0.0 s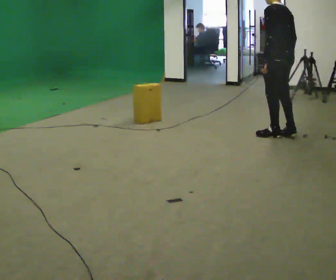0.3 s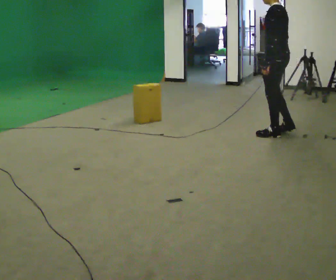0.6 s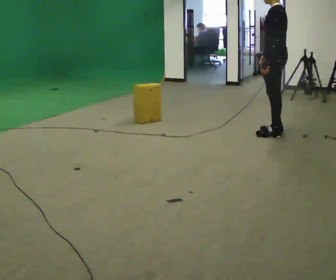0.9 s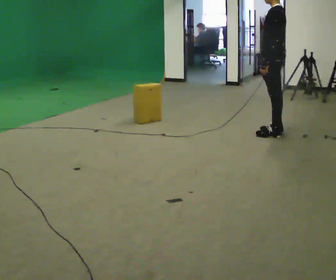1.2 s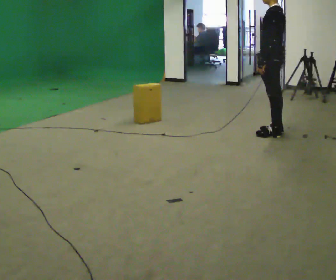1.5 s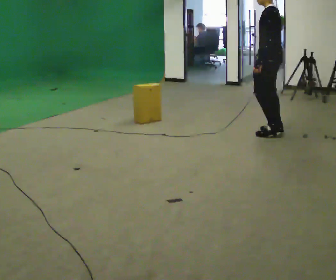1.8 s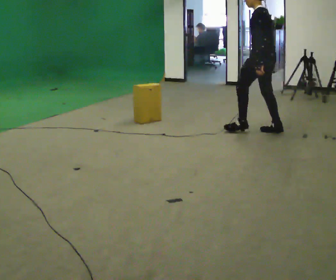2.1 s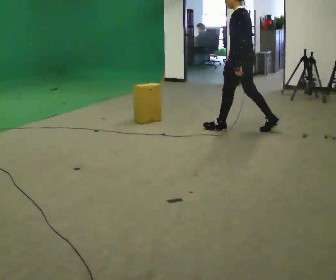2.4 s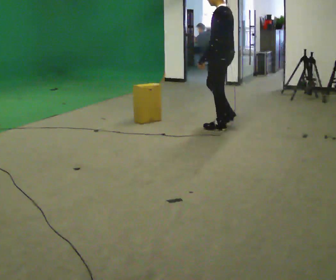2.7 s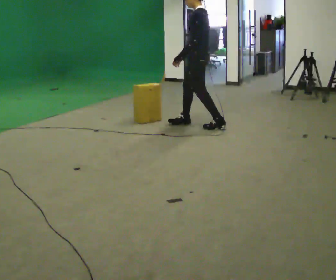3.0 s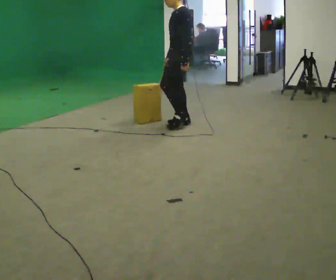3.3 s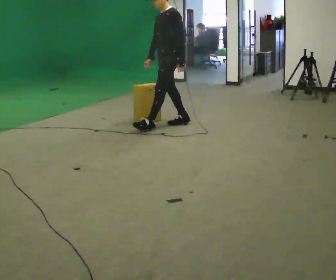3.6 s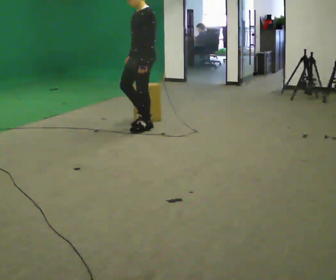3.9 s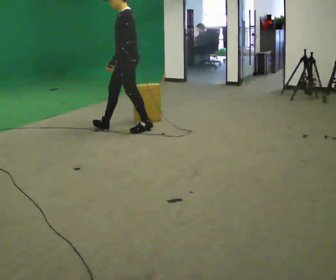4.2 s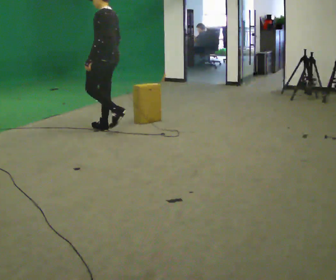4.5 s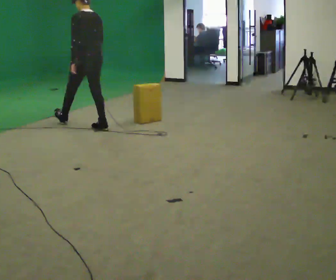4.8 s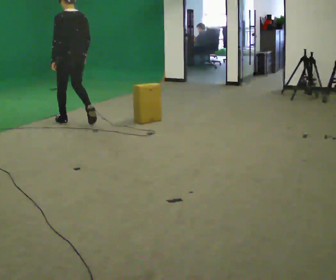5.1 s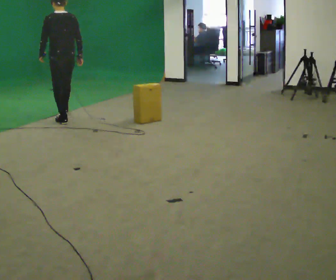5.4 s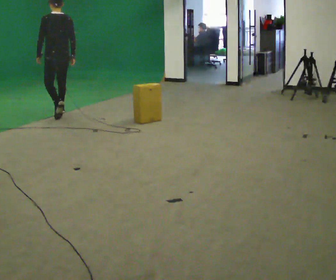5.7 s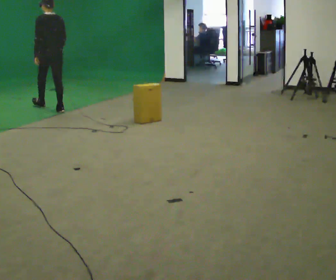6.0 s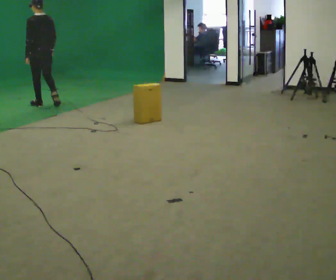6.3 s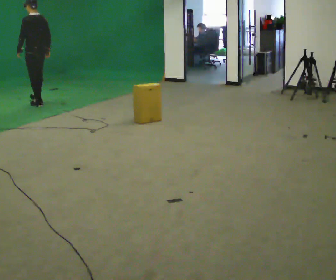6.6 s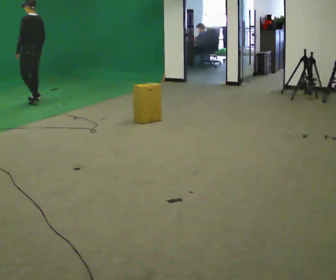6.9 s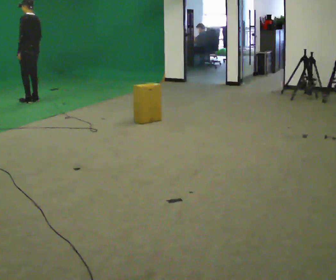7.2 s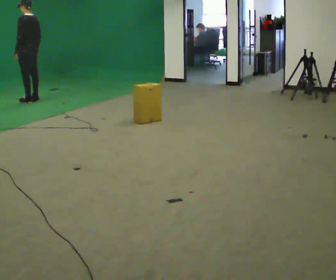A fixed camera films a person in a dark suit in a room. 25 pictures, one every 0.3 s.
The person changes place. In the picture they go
to the left.
0.0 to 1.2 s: The person moves a little, or ends about where they began.
1.2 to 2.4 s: In the picture they go to the left and away from the camera, about 0.5 m in 1 step, which for them is forward.
2.4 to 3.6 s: Seen from above the body turns counterclockwise, about 45 degrees: to their left, with its near side sliding to the right. In the picture they go to the left, about 1 m in 2 steps, which for them is forward.
3.6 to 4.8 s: The part of the body nearest the lens slides to the left as the person turns to their right by about 75 degrees. In the picture they go to the left, about 1 m in 2 steps.
4.8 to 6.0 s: In the picture they go away from the camera and to the left, about 1 m in 2 steps, which for them is forward.
6.0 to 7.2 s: In the picture they go away from the camera and to the left, about 0.5 m in 2 steps, which for them is forward and to their right.
The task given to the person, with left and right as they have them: Walk toward obstacle; alter path to avoid it; continue toward original destination.
The film runs forward here.
